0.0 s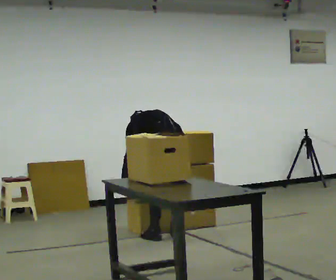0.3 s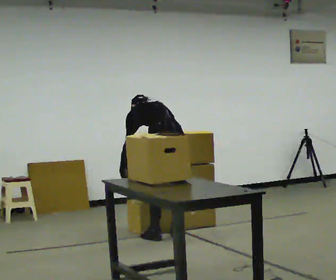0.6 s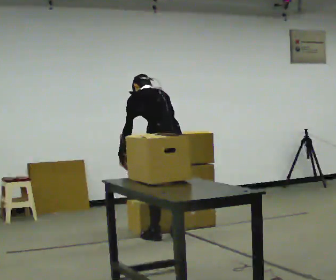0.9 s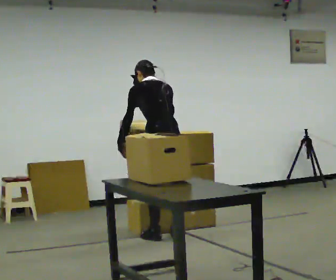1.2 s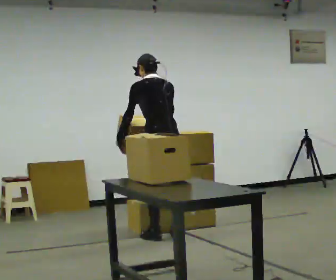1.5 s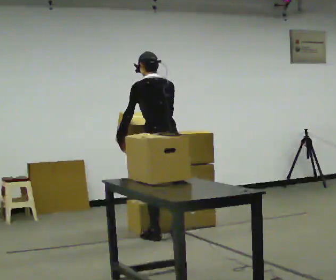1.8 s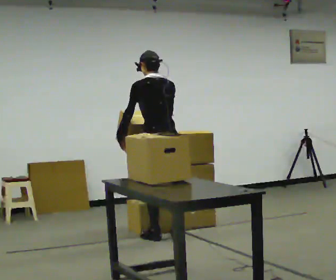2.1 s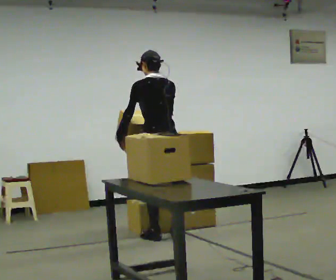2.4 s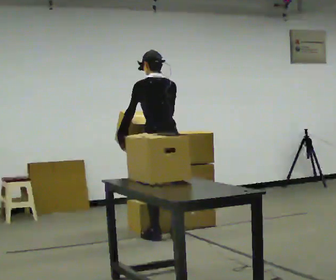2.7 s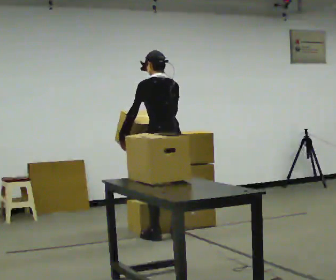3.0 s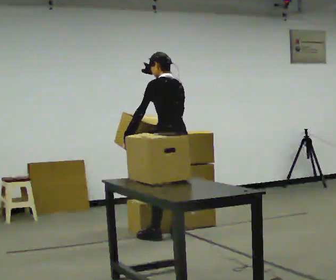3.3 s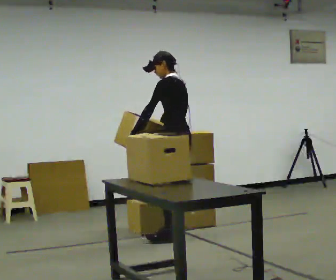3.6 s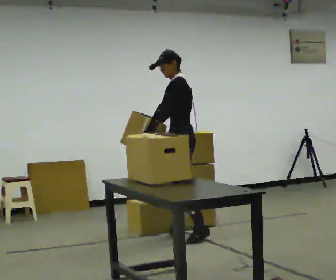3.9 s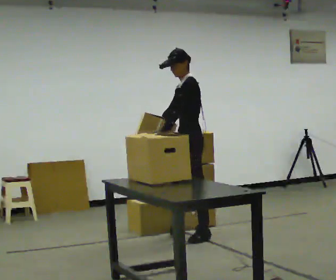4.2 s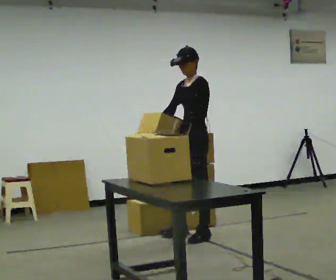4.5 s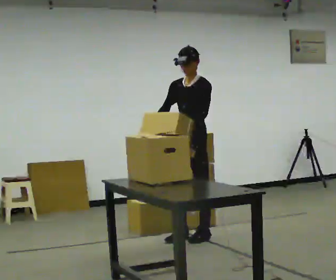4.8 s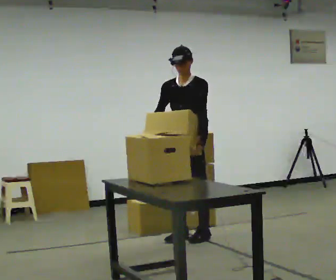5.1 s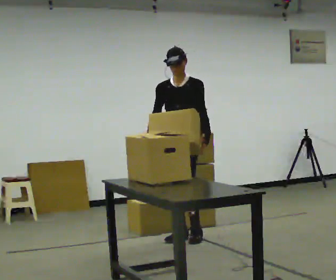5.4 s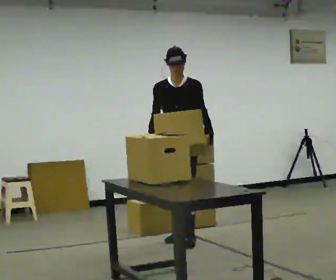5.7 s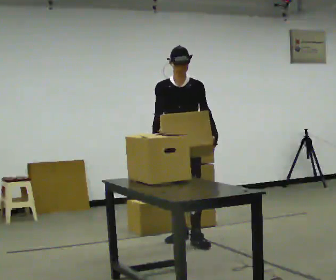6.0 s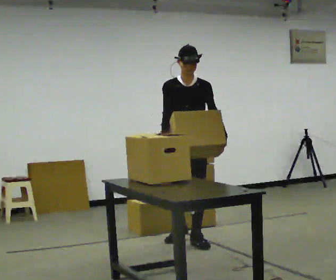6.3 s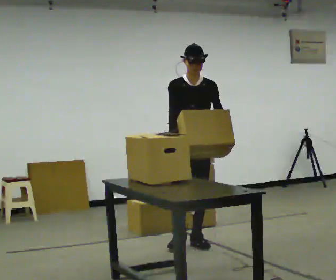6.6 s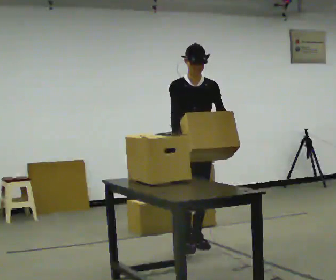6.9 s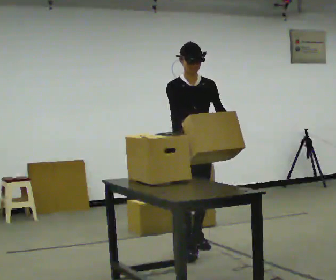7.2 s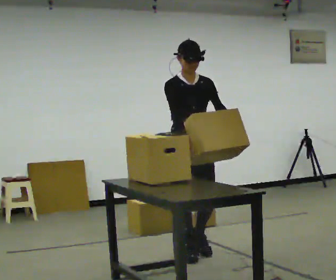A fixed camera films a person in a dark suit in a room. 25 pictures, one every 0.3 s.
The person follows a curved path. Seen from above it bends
clockwise.
The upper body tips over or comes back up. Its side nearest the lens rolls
downward.
0.0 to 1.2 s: The shoulders move upward. The upper body tips toward the camera, its near side rolling downward, as they lean back or straighten. In the picture their right hand goes upward.
1.2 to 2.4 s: The person moves a little, or ends about where they began.
2.4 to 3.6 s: The part of the body nearest the lens slides to the right as the person turns to their left by about 60 degrees. In the picture they go to the right, about 0.25 m, which for them is to their right.
3.6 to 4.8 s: Seen from above the body turns counterclockwise, about 75 degrees: to their left, with its near side sliding to the right.
4.8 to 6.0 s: Seen from above the body turns counterclockwise, about 30 degrees: to their left, with its near side sliding to the right. In the picture they go toward the camera, about 0.25 m in 1 step, which for them is forward.
6.0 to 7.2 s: In the picture they go toward the camera, about 0.5 m in 1 step, which for them is forward.
The film runs forward here.
